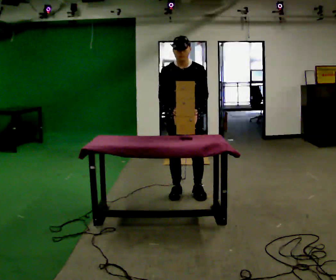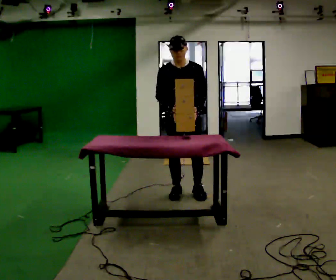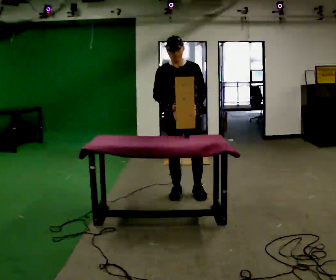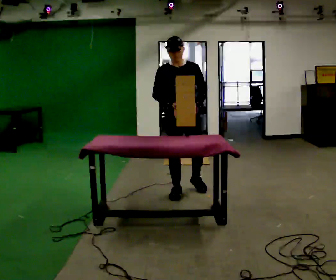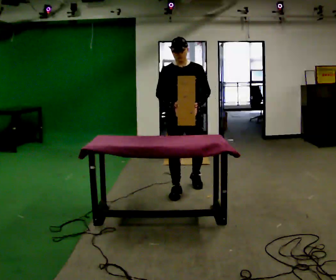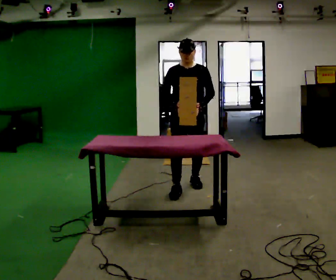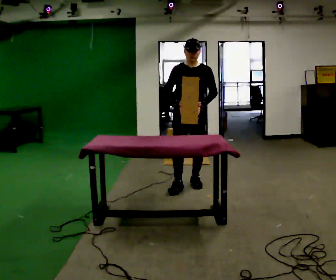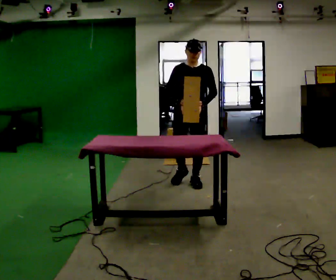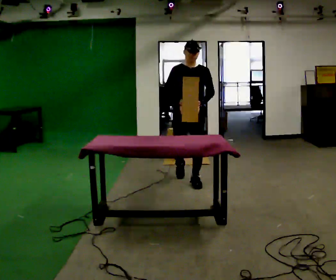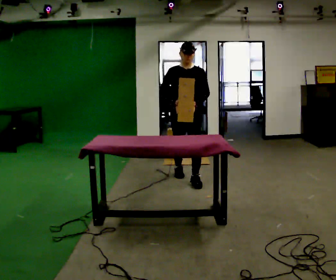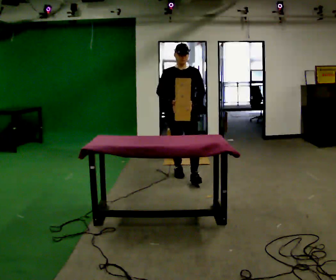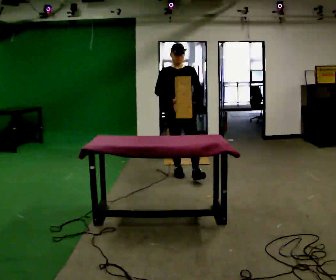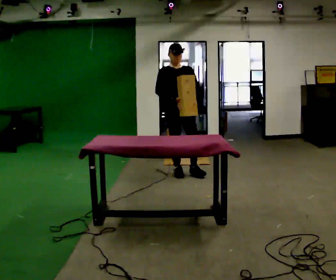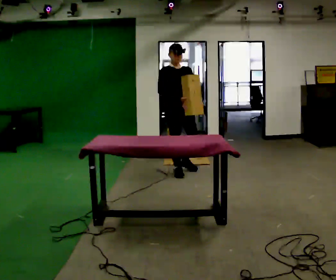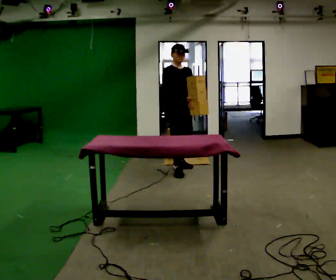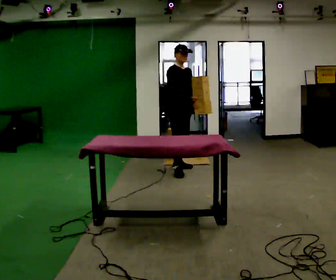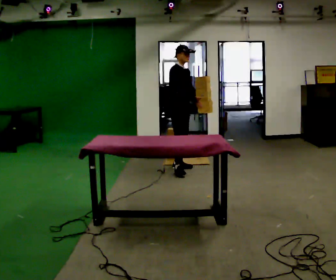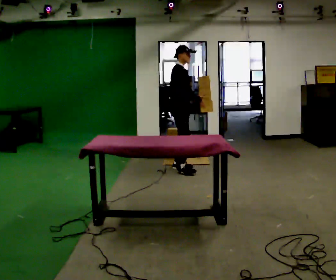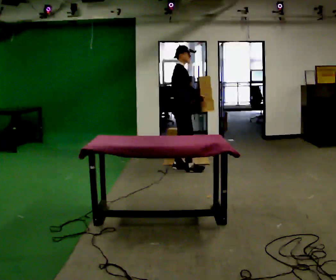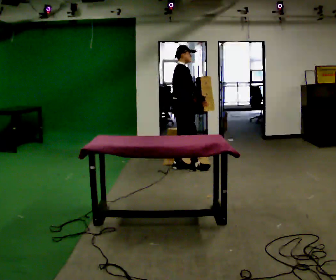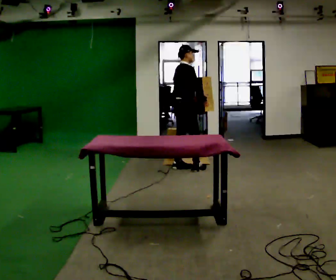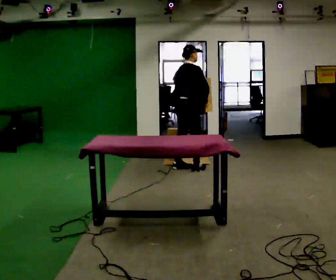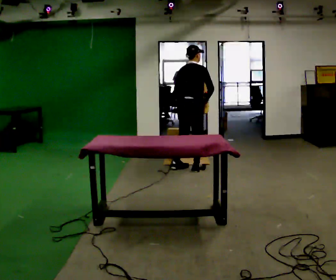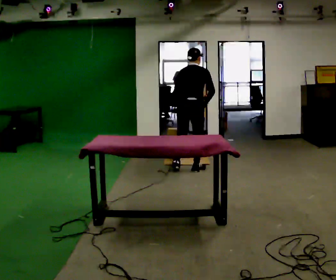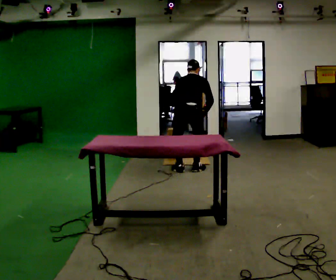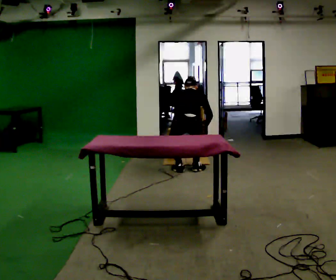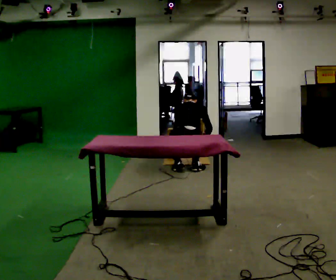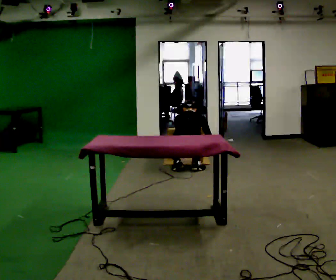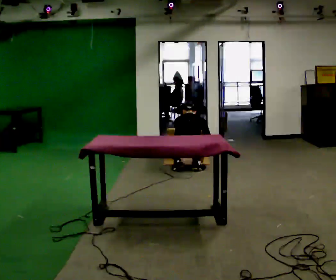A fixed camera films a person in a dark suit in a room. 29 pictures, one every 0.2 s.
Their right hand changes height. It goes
downward.
The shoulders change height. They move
downward.
0.0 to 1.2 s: In the picture they go away from the camera, about 0.25 m in 2 steps, which for them is backward. The upper body tips away from the camera, its near side rolling upward, as they lean back or straighten.
1.2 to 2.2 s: In the picture they go away from the camera, about 0.5 m in 1 step, which for them is backward.
2.2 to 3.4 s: The person turns about 75 degrees to their left, counterclockwise seen from above, so the part of the body nearest the lens slides to the right. In the picture they go away from the camera, about 0.5 m in 1 step.
3.4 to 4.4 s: The part of the body nearest the lens slides to the right as the person turns to their left by about 60 degrees.
4.4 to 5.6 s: Seen from above the body turns counterclockwise, about 30 degrees: to their left, with its near side sliding to the right. The upper body goes downward. The upper body tips away from the camera, its near side rolling upward, as they bend forward. In the picture their right hand goes downward.
The film runs backward here.
